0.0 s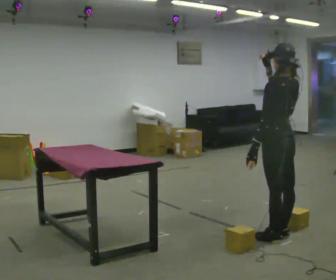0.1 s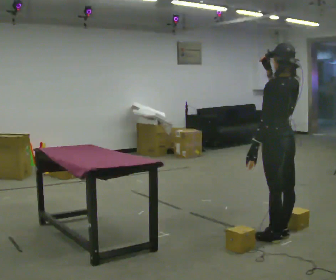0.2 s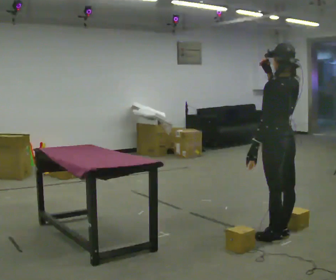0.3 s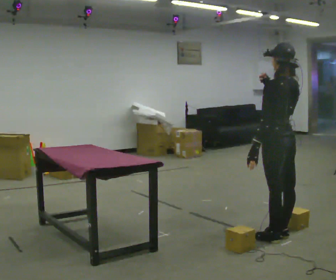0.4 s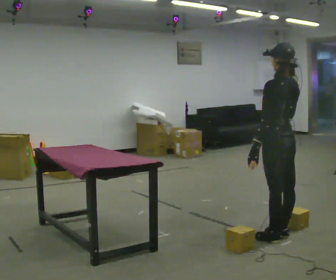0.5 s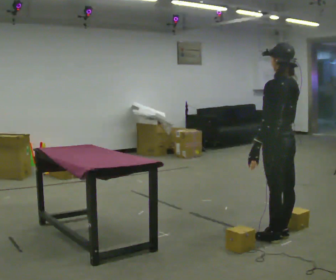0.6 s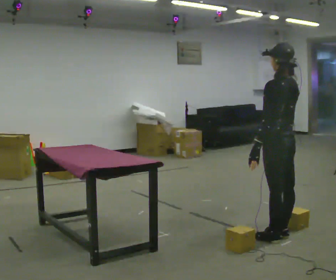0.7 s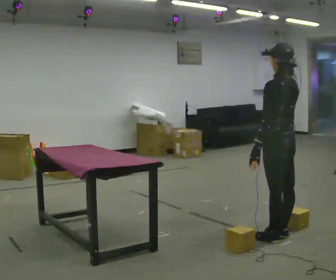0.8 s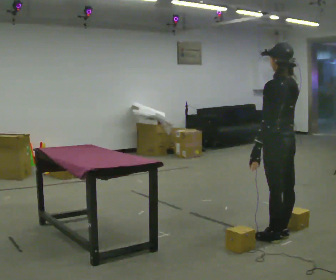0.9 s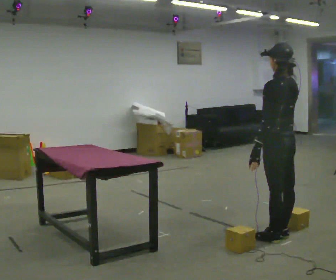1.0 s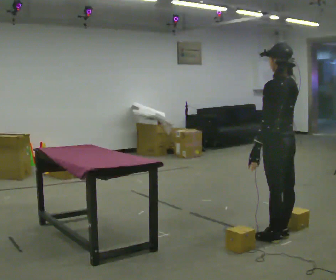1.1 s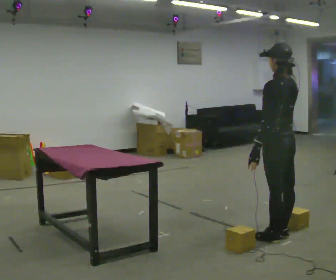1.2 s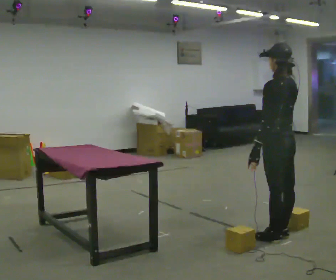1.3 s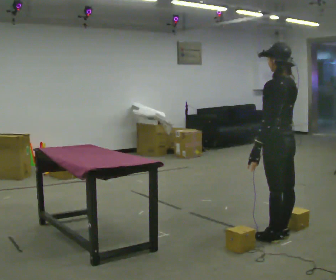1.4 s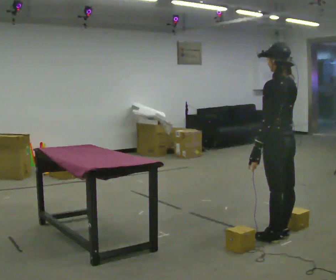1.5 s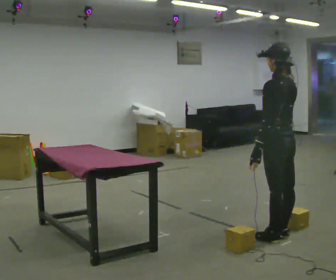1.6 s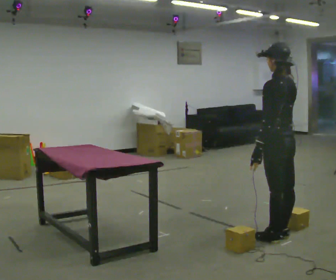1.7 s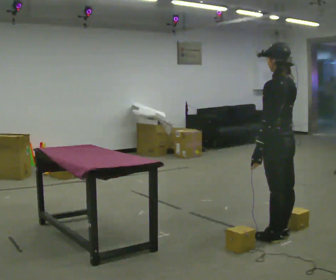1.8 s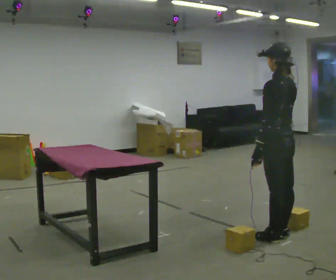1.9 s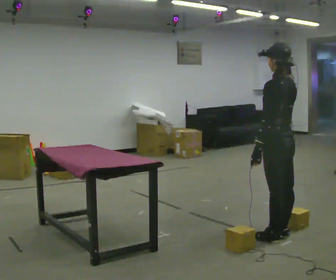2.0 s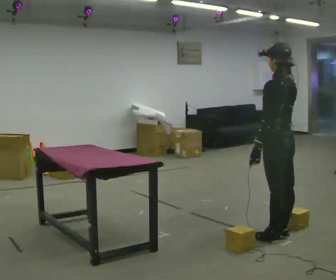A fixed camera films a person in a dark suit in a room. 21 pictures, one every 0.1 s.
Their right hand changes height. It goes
downward.
0.0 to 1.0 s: In the picture their right hand goes downward.
1.0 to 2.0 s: The person moves a little, or ends about where they began.
The film runs backward here.
